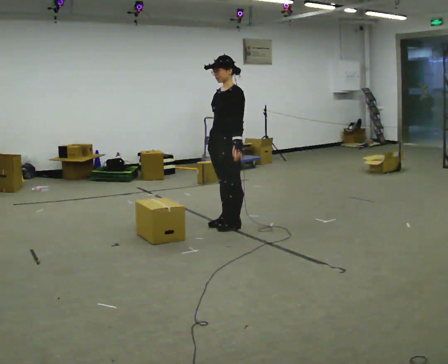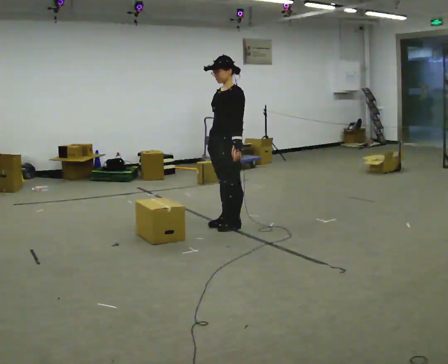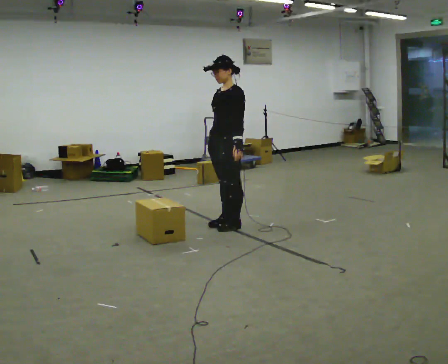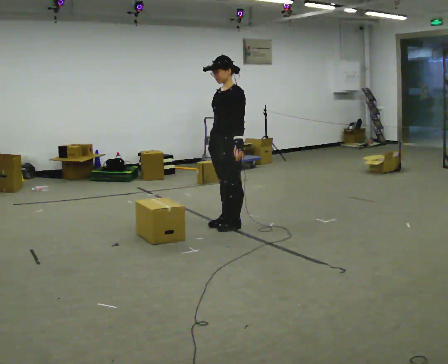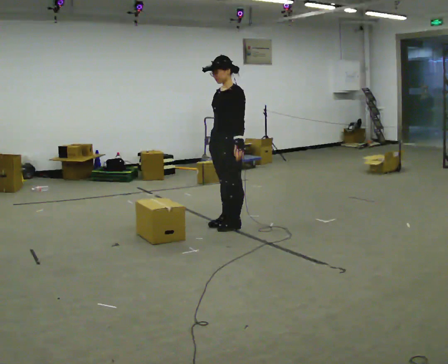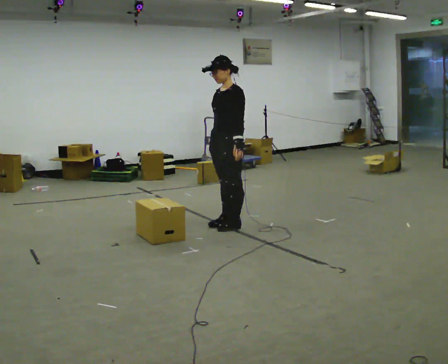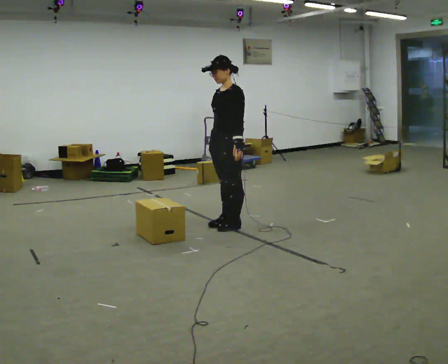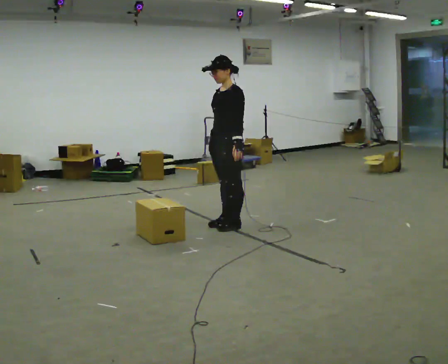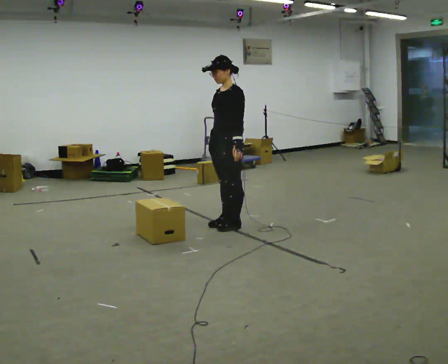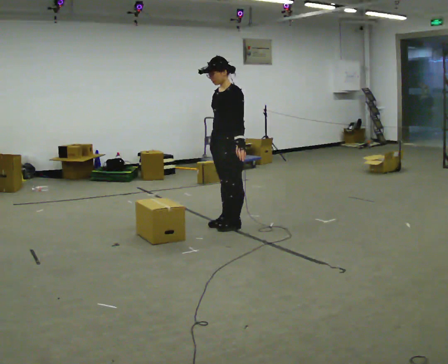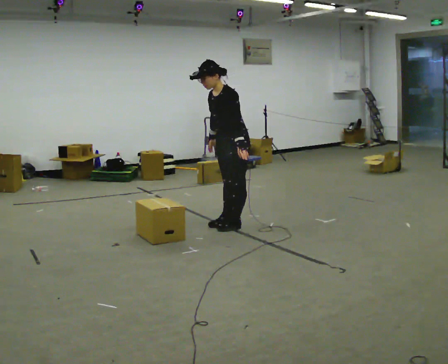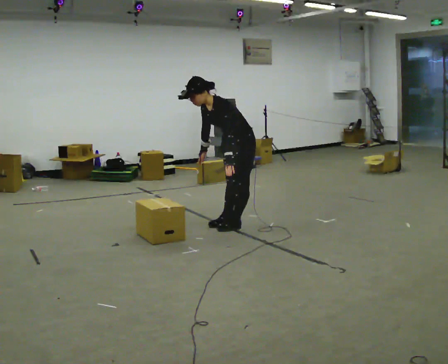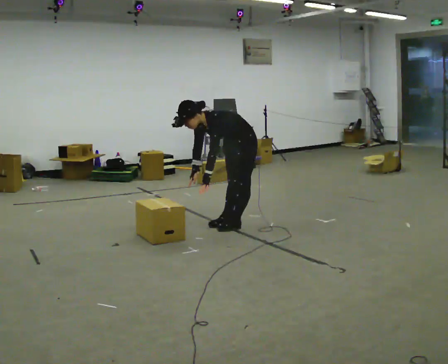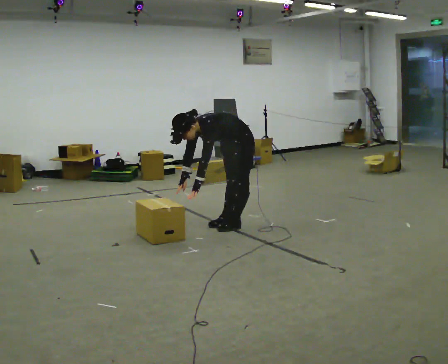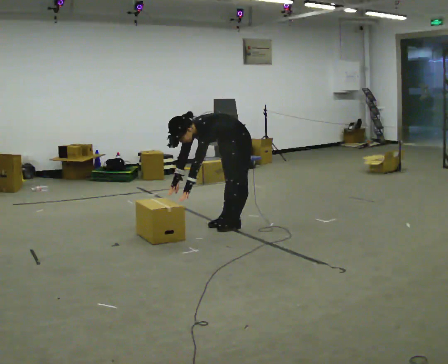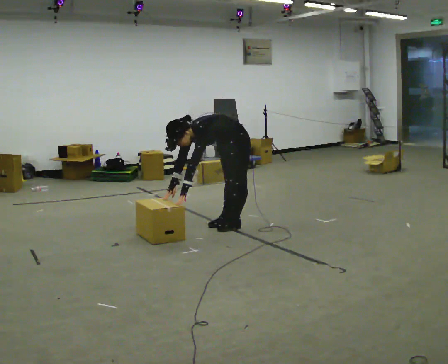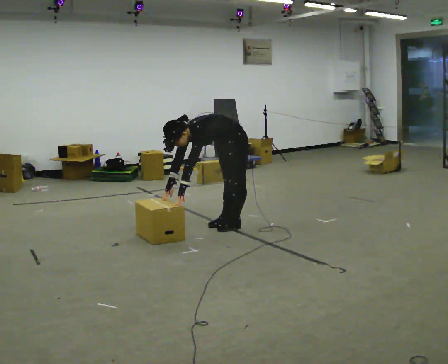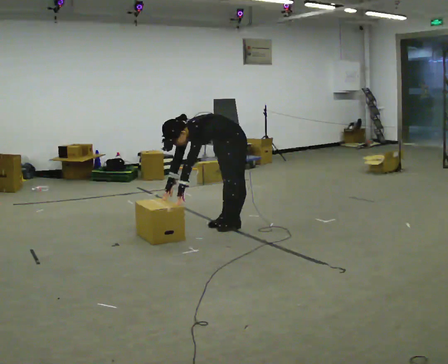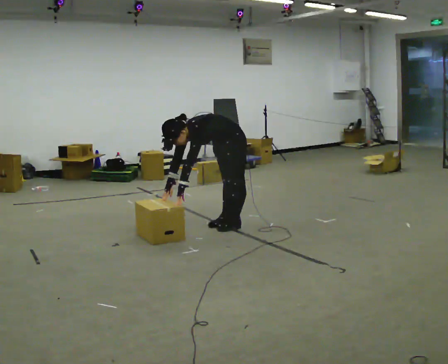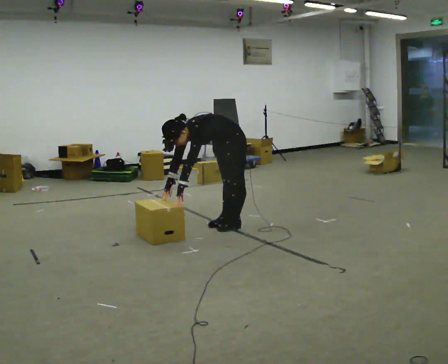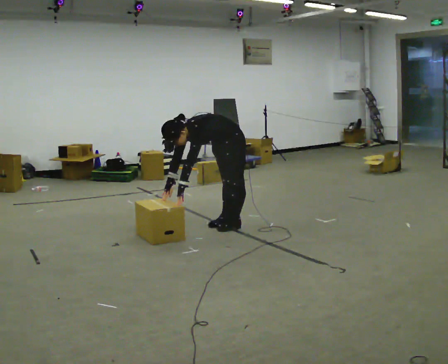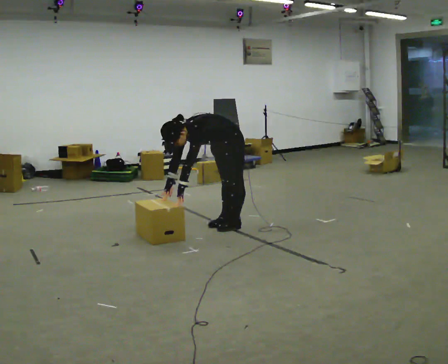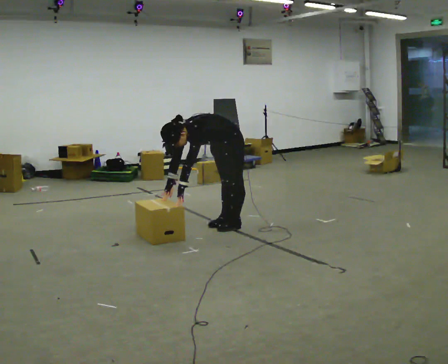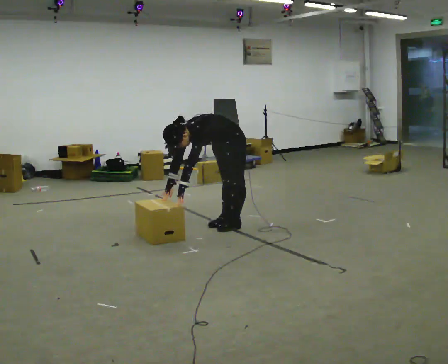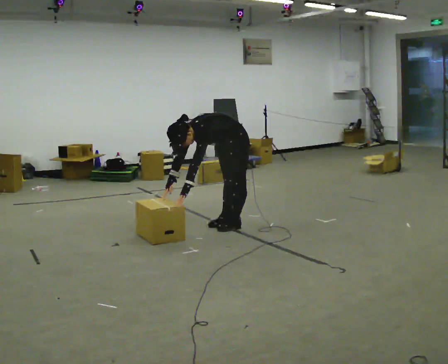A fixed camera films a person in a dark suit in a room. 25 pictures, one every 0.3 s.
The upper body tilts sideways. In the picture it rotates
counterclockwise.
The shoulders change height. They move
downward.
0.0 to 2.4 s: The person keeps their place and pose.
2.4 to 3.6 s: The upper body goes downward. In the picture the upper body tilts counterclockwise, shoulders to the left, as they bend forward.
3.6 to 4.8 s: In the picture the upper body tilts counterclockwise, shoulders to the left, as they bend forward.
4.8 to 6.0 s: The person keeps their place and pose.
6.0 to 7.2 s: The person moves a little, or ends about where they began.
The film runs forward here.
